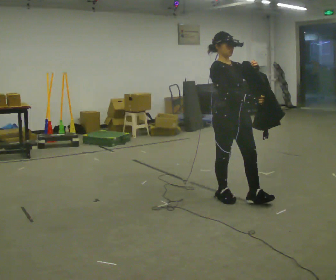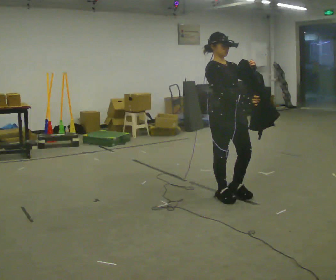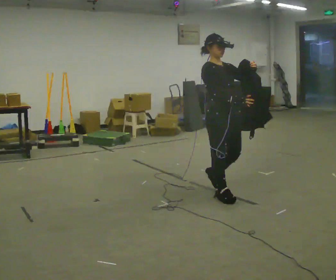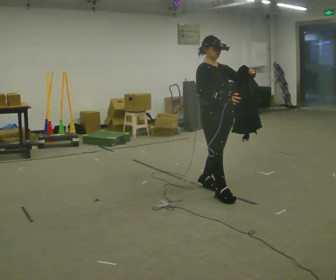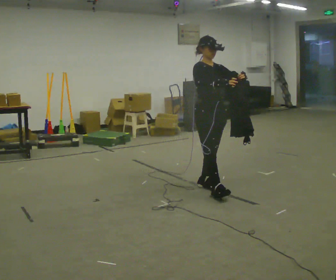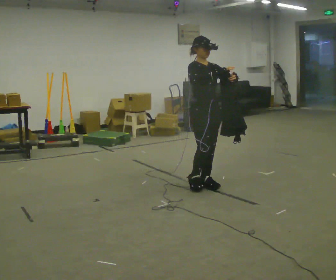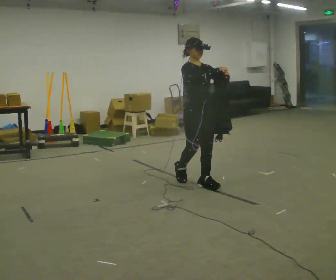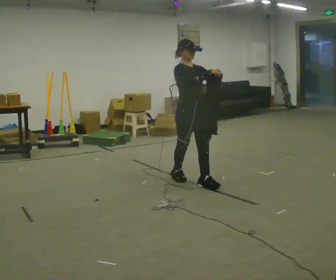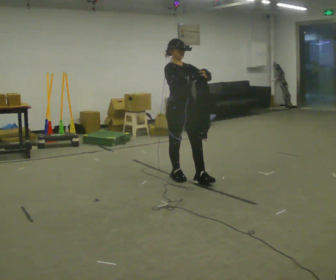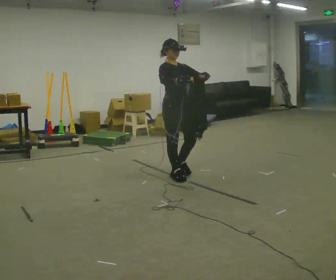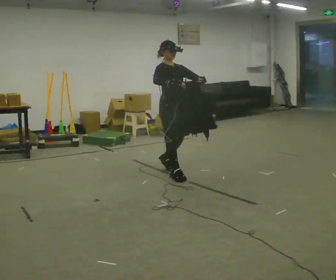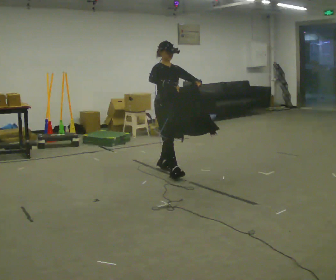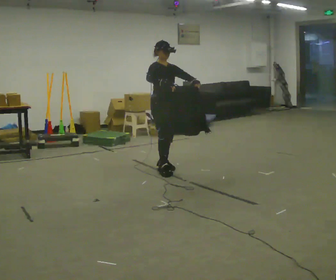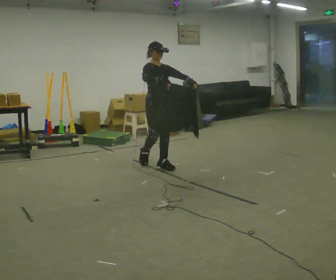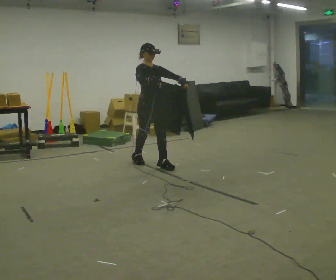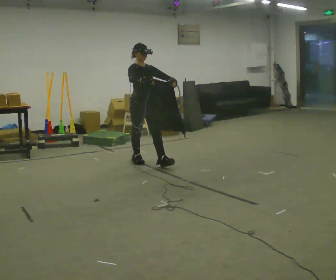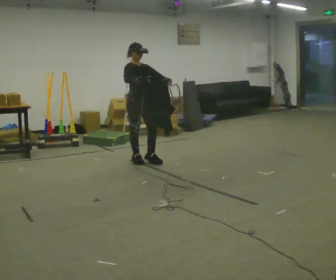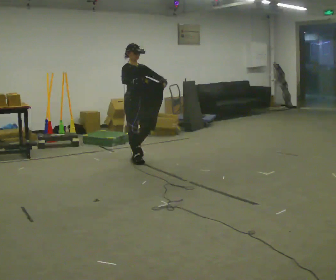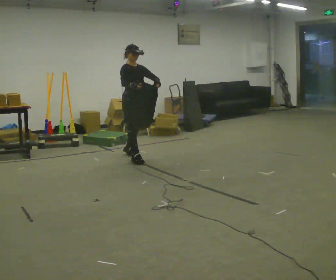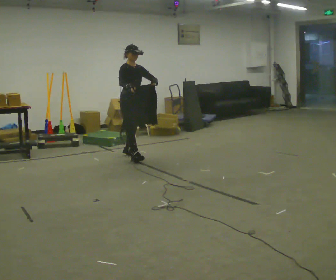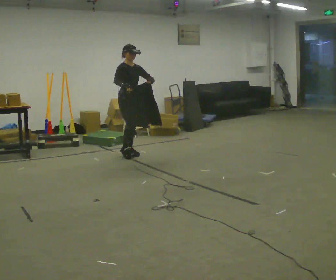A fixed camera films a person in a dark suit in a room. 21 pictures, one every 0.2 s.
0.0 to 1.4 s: In the picture they go away from the camera and to the left, about 0.75 m in 1 step, which for them is backward.
1.4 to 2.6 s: In the picture they go away from the camera and to the left, about 0.5 m in 2 steps, which for them is backward.
2.6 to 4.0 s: In the picture they go away from the camera and to the left, about 1 m in 2 steps, which for them is backward.
The film runs backward here.
